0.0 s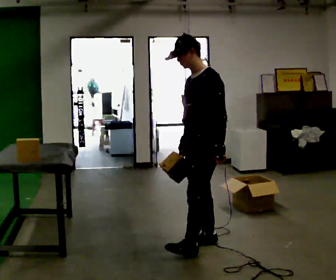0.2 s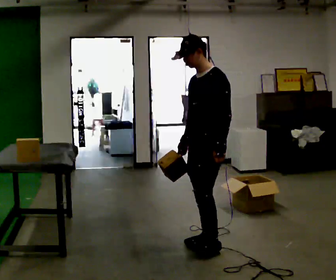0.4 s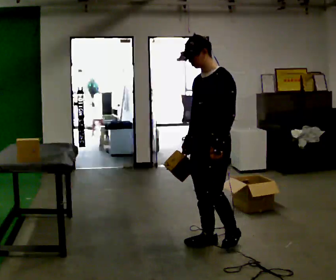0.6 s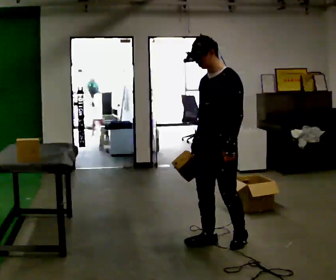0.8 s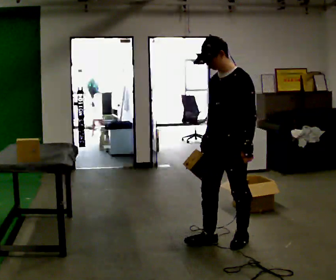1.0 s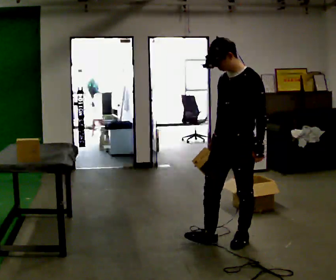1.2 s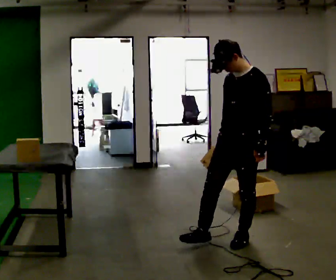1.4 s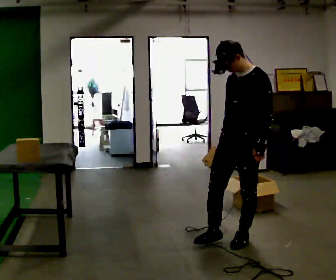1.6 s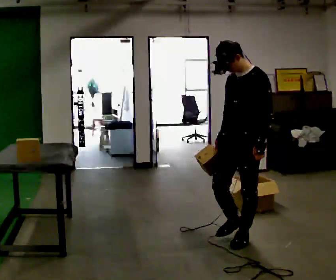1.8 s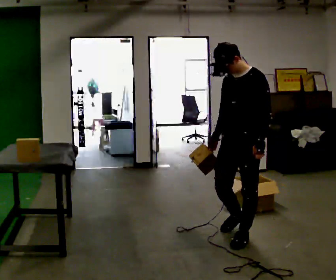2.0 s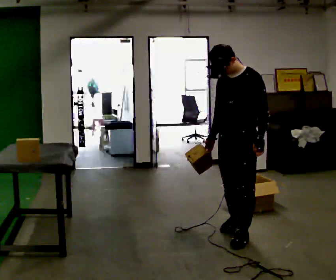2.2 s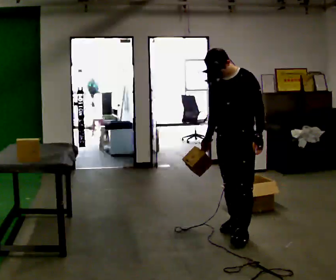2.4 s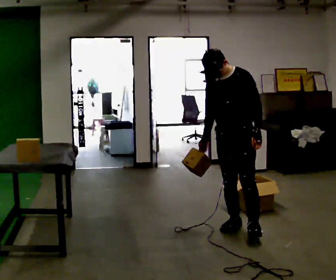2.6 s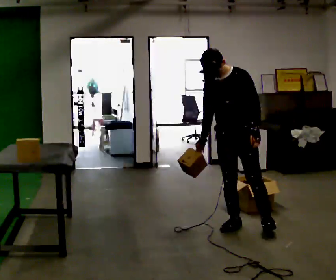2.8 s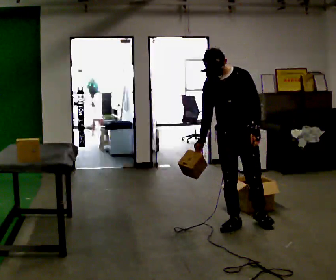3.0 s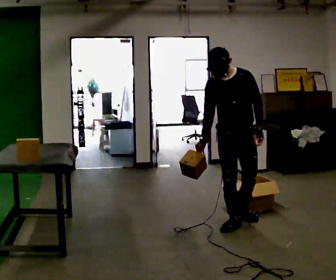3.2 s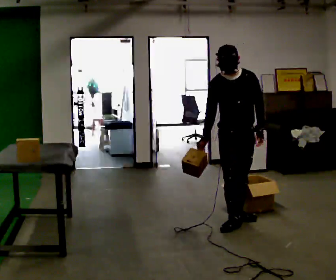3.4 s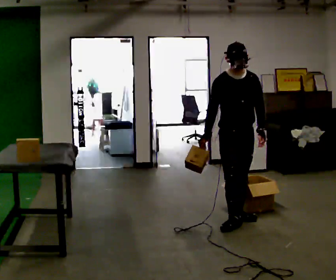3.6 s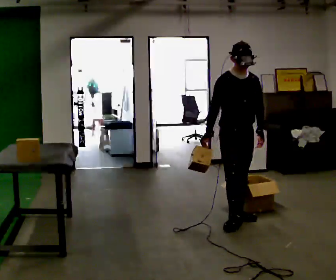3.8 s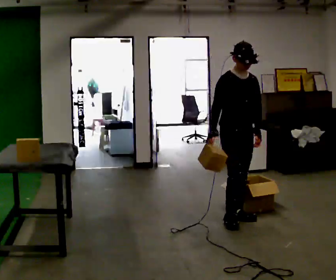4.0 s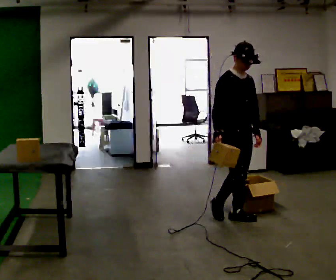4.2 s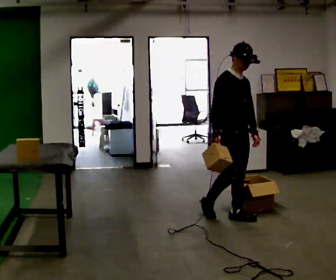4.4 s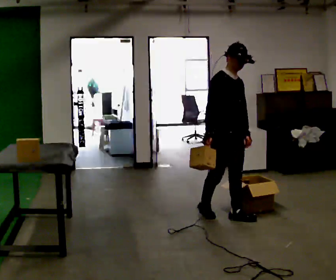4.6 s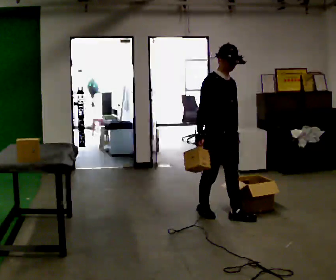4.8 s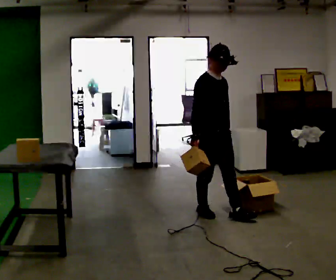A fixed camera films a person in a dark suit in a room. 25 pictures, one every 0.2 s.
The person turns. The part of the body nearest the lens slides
to the right.
The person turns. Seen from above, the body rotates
counterclockwise.
0.0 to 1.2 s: In the picture they go to the right, about 0.25 m in 1 step, which for them is backward and to their left.
1.2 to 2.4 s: In the picture they go away from the camera, about 0.25 m in 2 steps, which for them is backward and to their right.
2.4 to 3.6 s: The part of the body nearest the lens slides to the right as the person turns to their left by about 45 degrees. In the picture they go away from the camera, about 0.25 m, which for them is backward.
3.6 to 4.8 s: Seen from above the body turns counterclockwise, about 30 degrees: to their left, with its near side sliding to the right. In the picture they go to the left, about 0.25 m in 1 step, which for them is backward.
The film runs backward here.
